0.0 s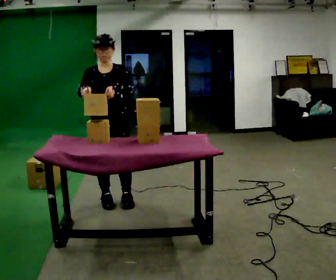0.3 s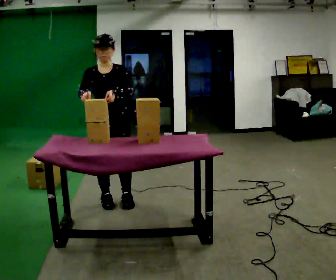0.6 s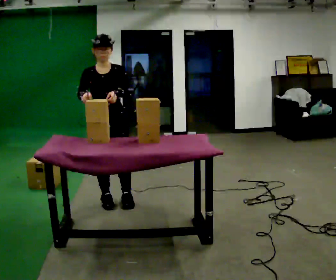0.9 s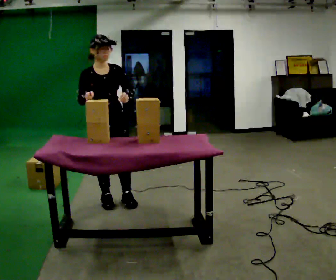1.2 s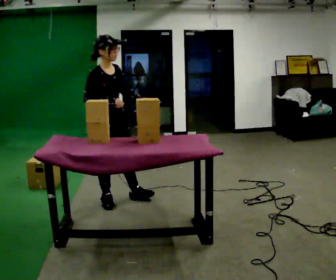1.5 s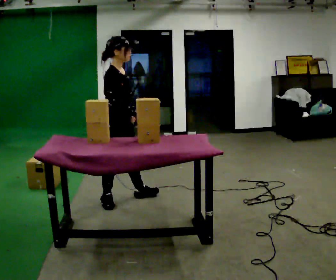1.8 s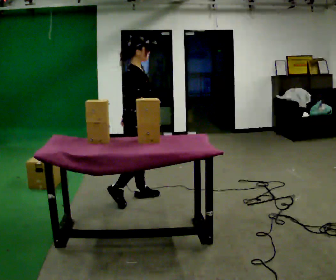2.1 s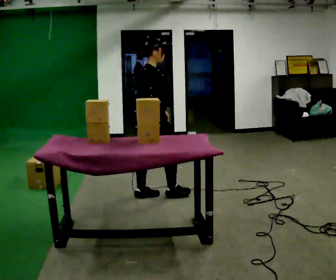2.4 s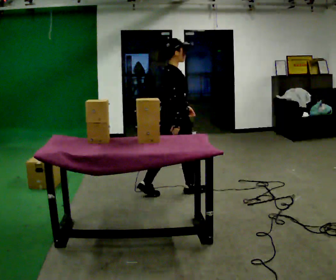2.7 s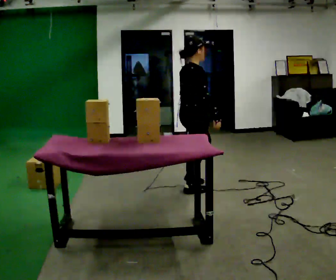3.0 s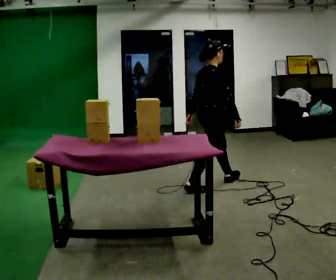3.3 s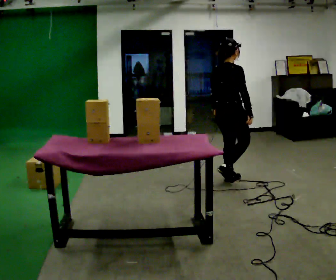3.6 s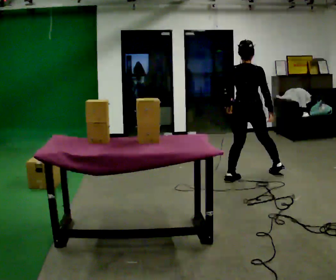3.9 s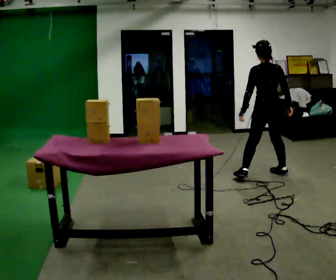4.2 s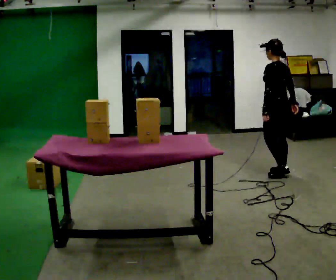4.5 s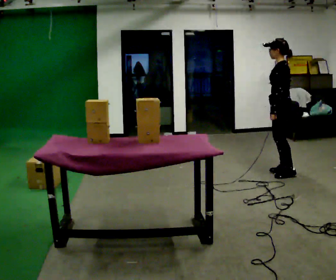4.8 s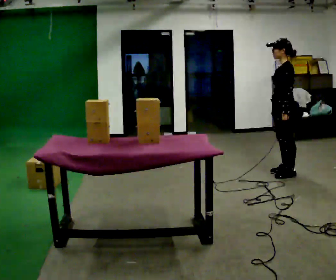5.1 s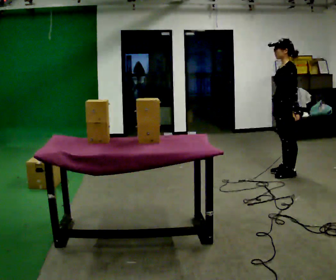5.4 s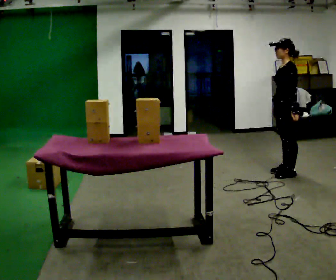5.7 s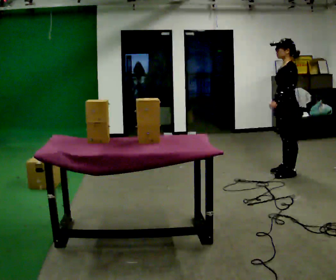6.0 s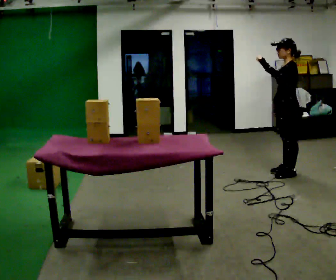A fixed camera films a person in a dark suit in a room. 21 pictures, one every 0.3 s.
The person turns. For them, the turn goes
to their left.
The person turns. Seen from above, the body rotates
counterclockwise.
0.0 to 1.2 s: Seen from above the body turns counterclockwise, about 60 degrees: to their left, with its near side sliding to the right.
1.2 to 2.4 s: Seen from above the body turns counterclockwise, about 45 degrees: to their left, with its near side sliding to the right. In the picture they go to the right and away from the camera, about 0.75 m in 1 step, which for them is forward.
2.4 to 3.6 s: The person turns about 60 degrees to their left, counterclockwise seen from above, so the part of the body nearest the lens slides to the right. In the picture they go to the right and away from the camera, about 1 m in 1 step.
3.6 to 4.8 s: The person turns about 90 degrees to their left, counterclockwise seen from above, so the part of the body nearest the lens slides to the right. In the picture they go to the right, about 0.5 m in 2 steps.
4.8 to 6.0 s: In the picture their left hand goes upward.
The film runs forward here.
